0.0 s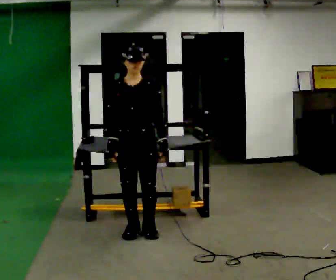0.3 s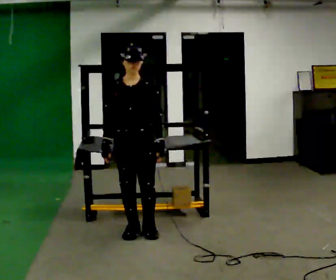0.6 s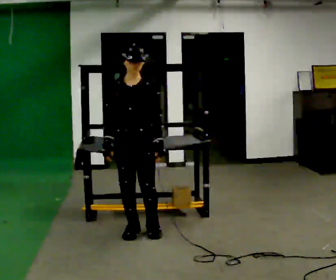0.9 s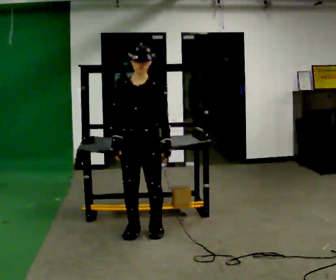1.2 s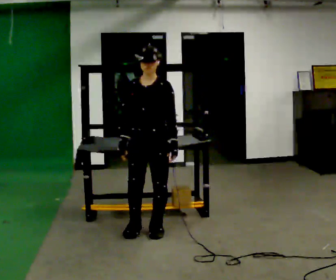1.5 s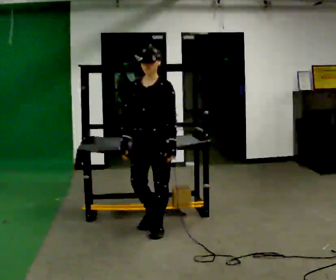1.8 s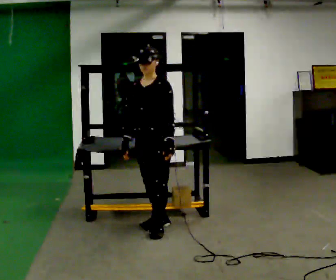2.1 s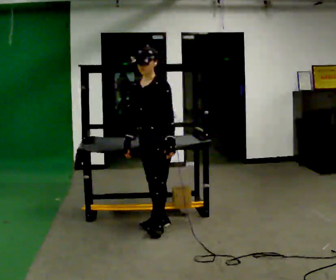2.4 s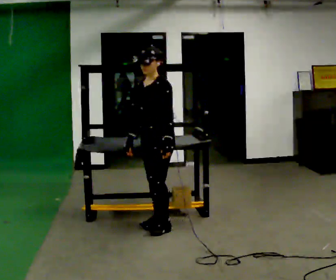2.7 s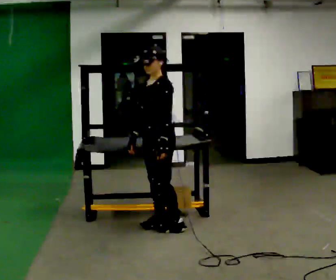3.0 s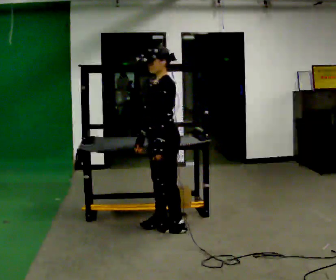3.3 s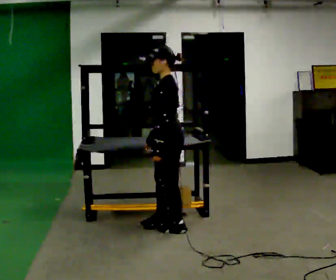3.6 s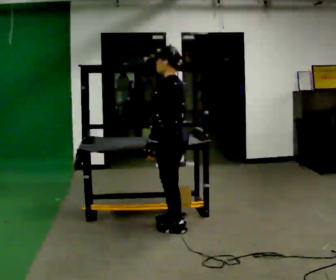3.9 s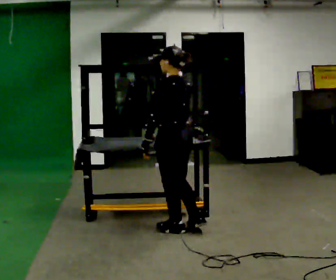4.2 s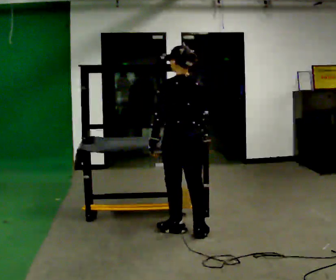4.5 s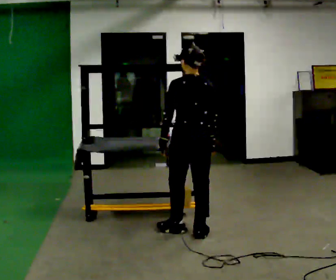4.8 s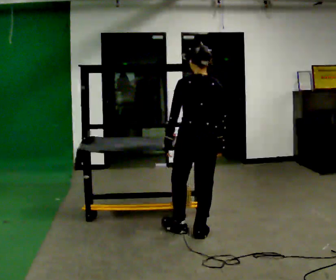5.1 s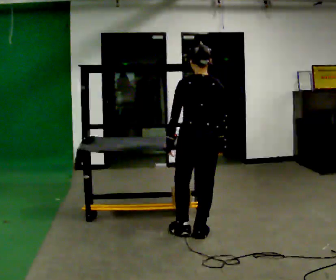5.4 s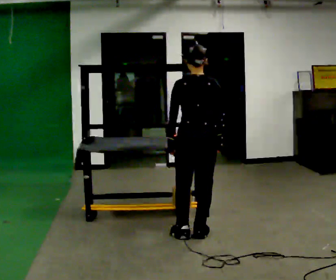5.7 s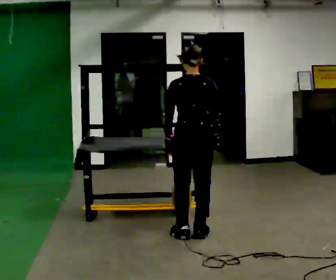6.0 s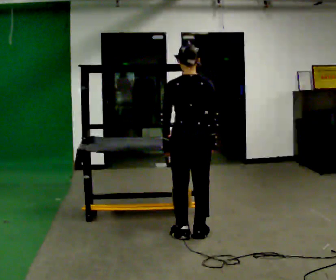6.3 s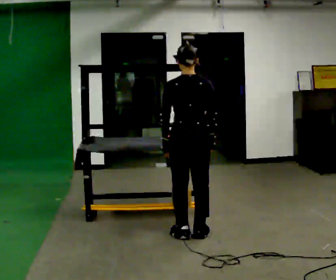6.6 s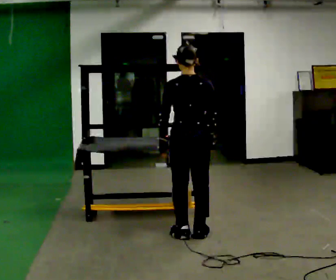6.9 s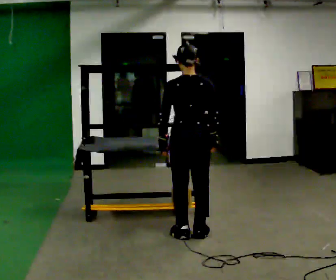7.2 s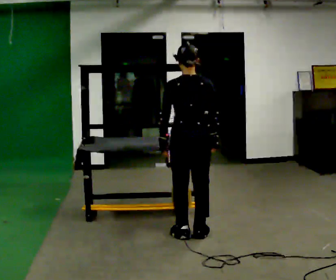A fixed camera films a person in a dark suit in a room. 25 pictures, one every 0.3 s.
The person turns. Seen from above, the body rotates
clockwise.
The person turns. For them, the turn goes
to their right.
0.0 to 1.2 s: The person moves a little, or ends about where they began.
1.2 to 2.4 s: The part of the body nearest the lens slides to the left as the person turns to their right by about 30 degrees. In the picture they go away from the camera, about 0.25 m in 1 step, which for them is backward.
2.4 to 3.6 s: The part of the body nearest the lens slides to the left as the person turns to their right by about 60 degrees. In the picture they go toward the camera, about 0.25 m in 1 step.
3.6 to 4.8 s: The person turns about 60 degrees to their right, clockwise seen from above, so the part of the body nearest the lens slides to the left. In the picture they go to the right, about 0.25 m, which for them is backward and to their right. In the picture their right hand goes to the right.
4.8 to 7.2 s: The person moves a little, or ends about where they began.
The film runs backward here.
